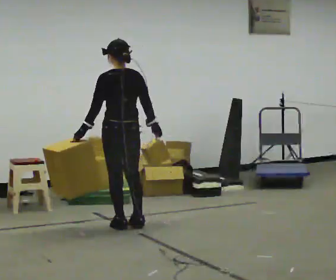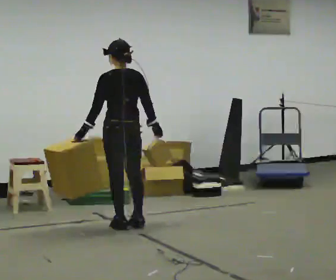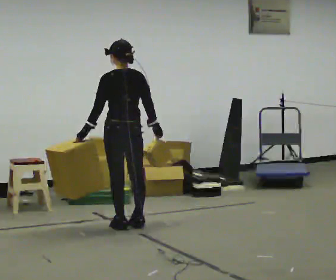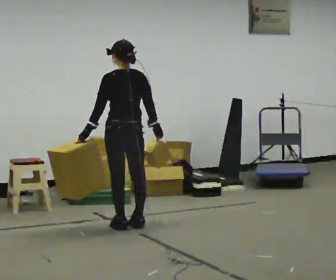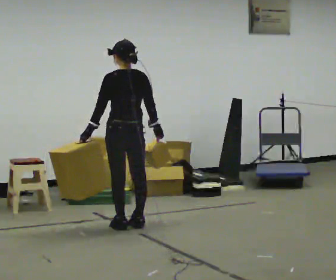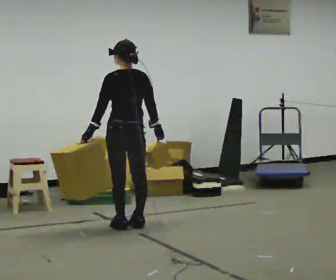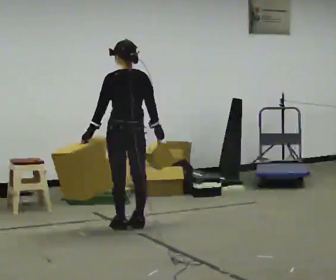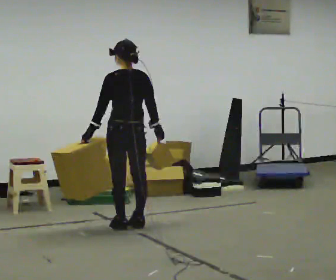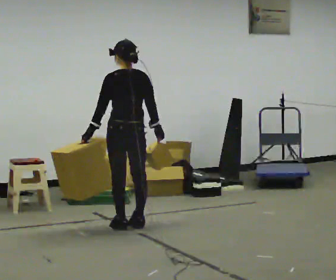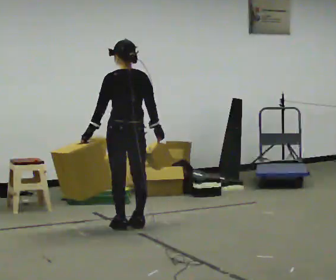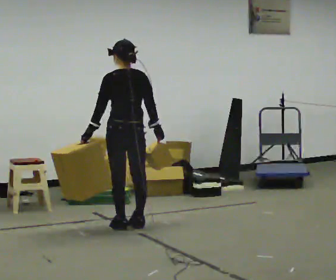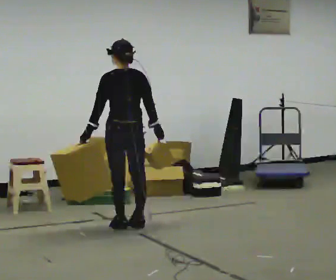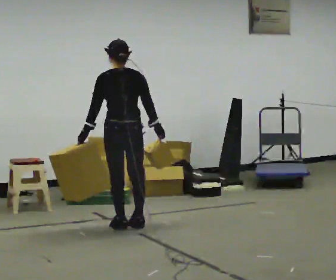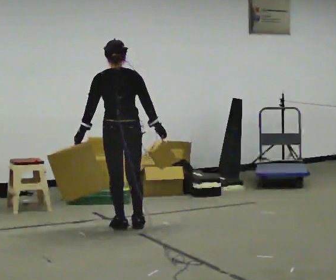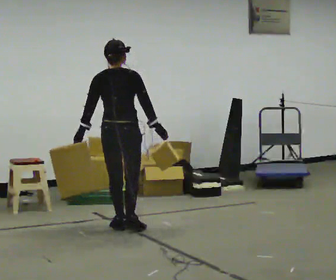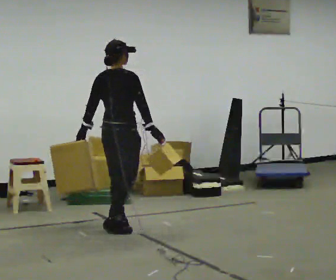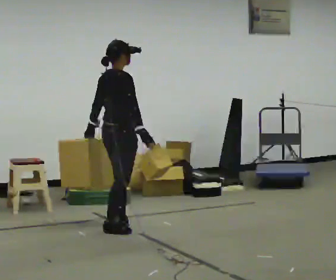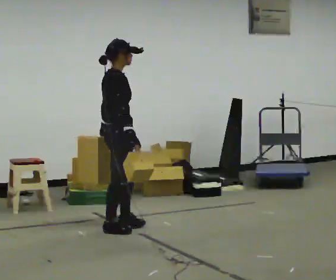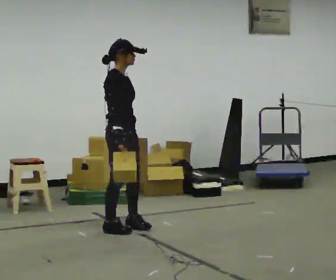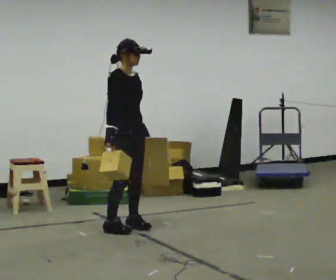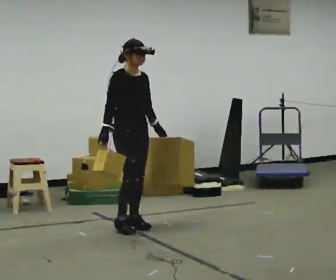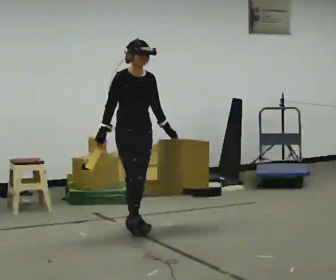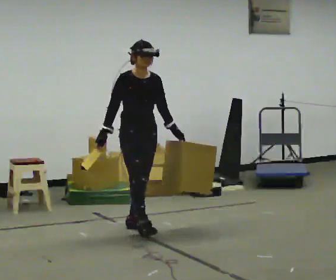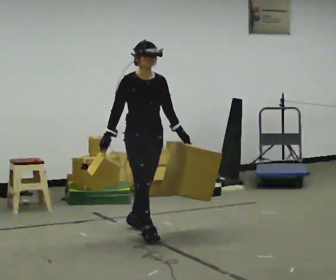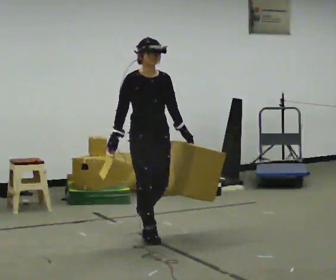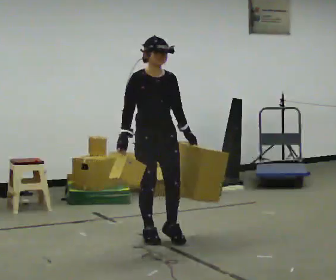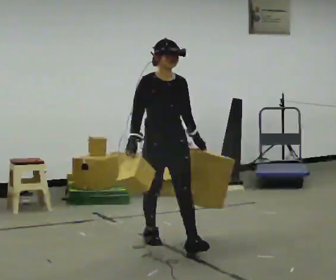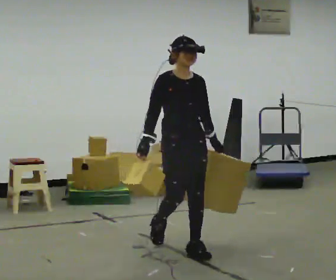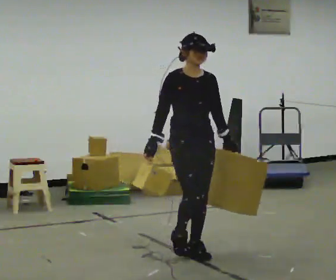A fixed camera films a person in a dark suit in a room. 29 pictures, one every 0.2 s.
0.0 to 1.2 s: The person moves a little, or ends about where they began.
1.2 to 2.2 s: The person keeps their place and pose.
2.2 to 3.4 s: The person turns about 105 degrees to their right, clockwise seen from above, so the part of the body nearest the lens slides to the left.
3.4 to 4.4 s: Seen from above the body turns clockwise, about 75 degrees: to their right, with its near side sliding to the left. In the picture they go to the right, about 0.25 m. In the picture their left hand goes to the right, the arm swinging counterclockwise.
4.4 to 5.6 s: In the picture they go toward the camera and to the right, about 1 m in 2 steps, which for them is forward.
The film runs forward here.
